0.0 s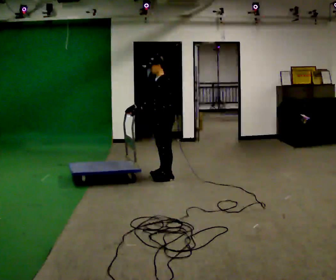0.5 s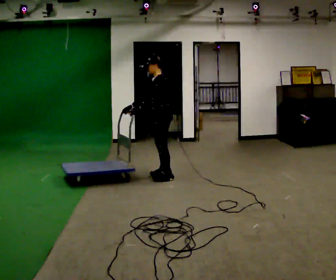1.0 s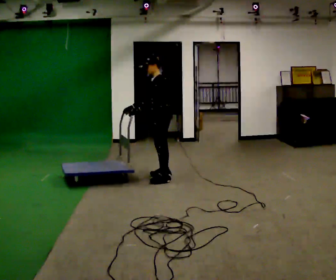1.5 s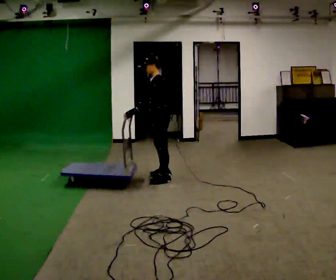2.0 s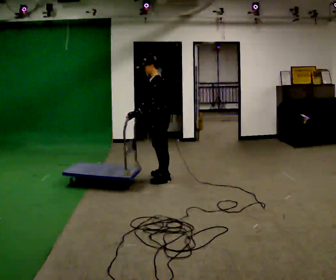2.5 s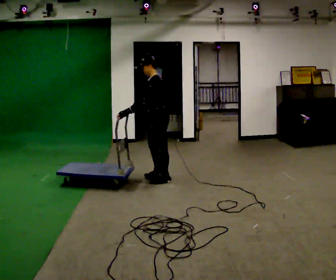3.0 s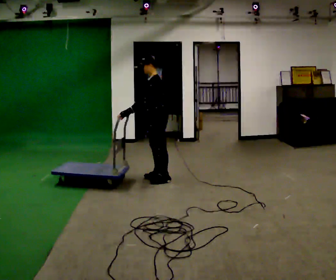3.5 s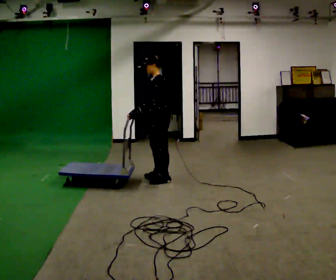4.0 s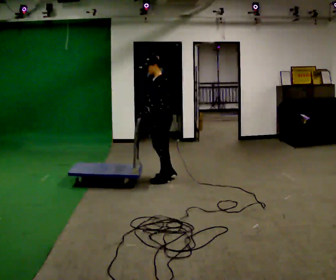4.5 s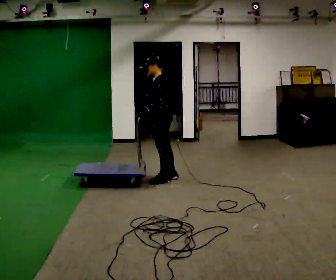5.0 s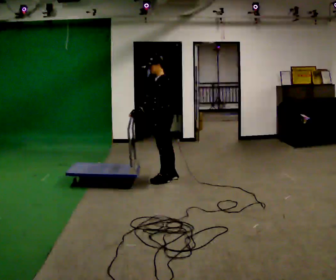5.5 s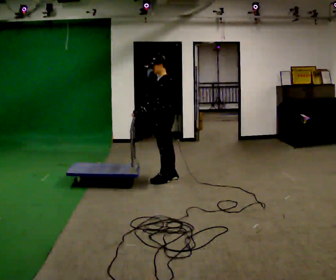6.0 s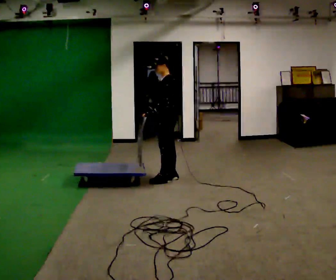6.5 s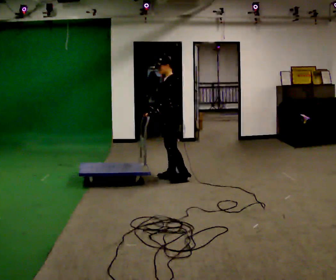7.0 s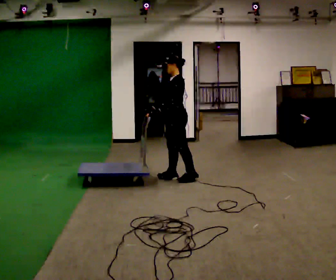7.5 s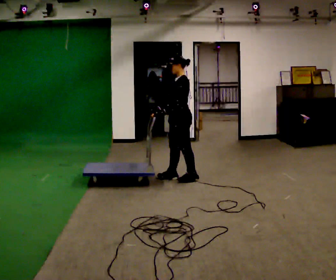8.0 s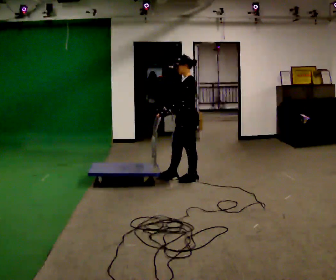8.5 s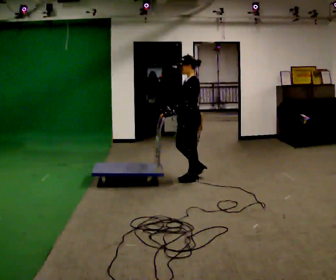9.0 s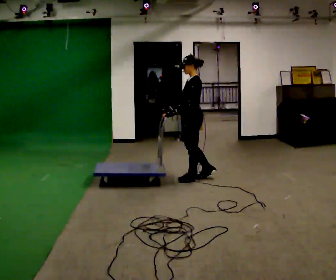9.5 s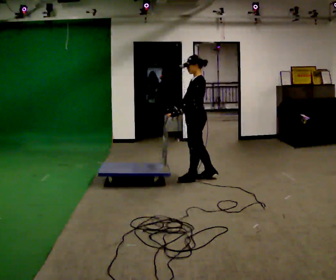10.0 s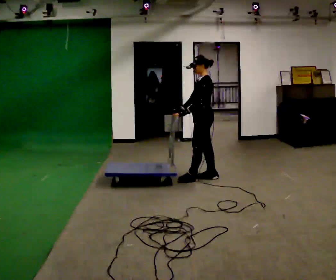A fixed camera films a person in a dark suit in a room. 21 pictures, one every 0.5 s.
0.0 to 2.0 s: In the picture they go toward the camera, about 0.25 m, which for them is to their left.
2.0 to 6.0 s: The person moves a little, or ends about where they began.
6.0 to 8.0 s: In the picture they go to the right, about 0.25 m in 1 step, which for them is backward and to their left.
8.0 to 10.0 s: In the picture they go to the right, about 0.25 m in 1 step, which for them is backward.
The film runs forward here.
